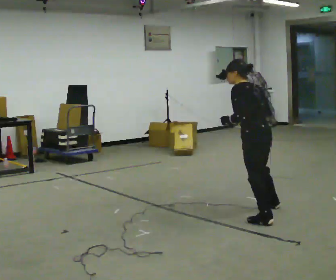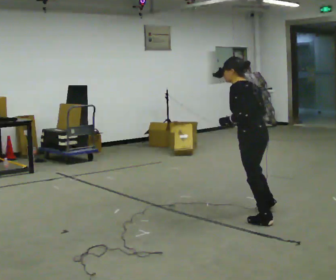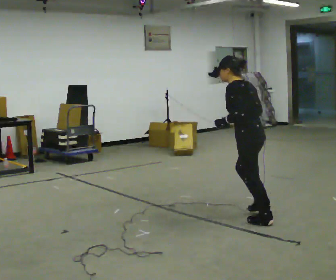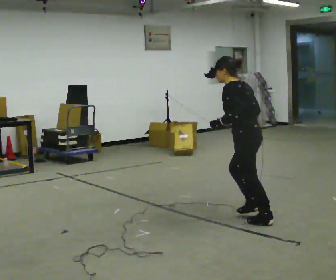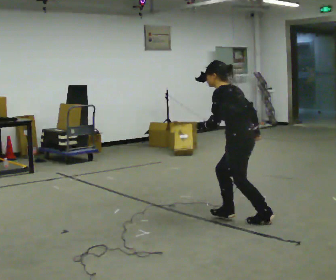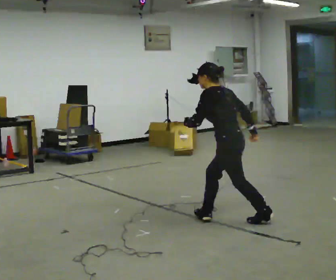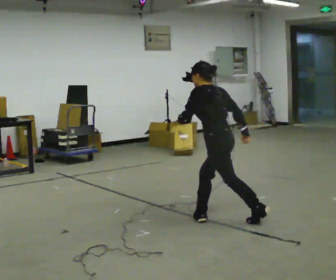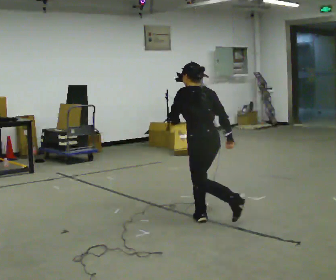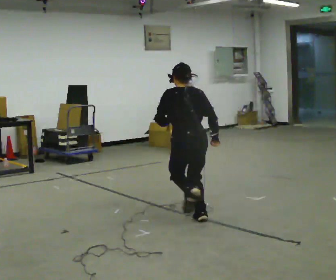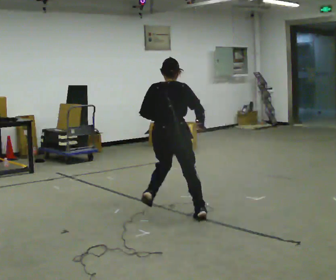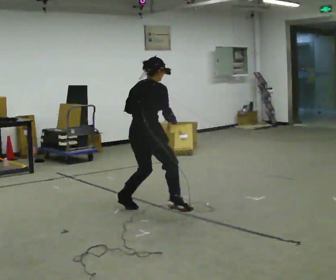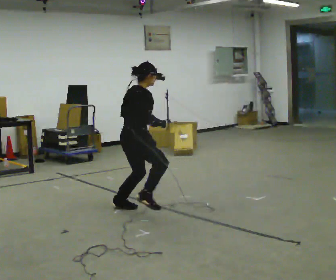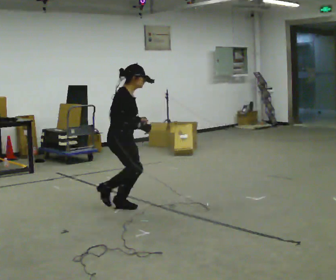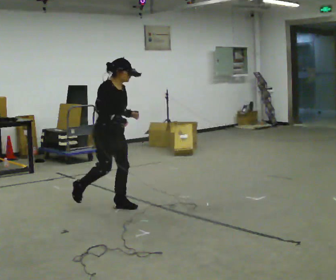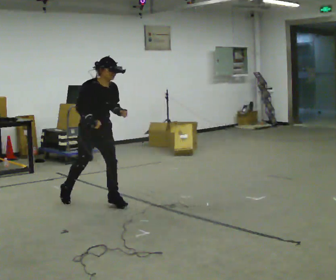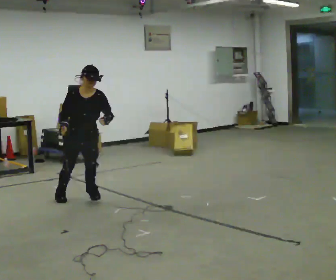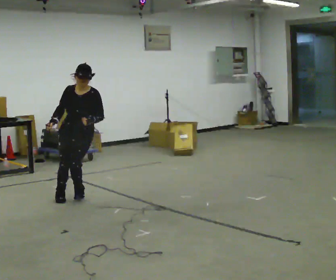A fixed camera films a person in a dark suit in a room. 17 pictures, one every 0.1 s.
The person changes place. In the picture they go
to the left.
The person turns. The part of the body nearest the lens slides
to the left.
0.0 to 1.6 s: The person turns about 240 degrees to their right, clockwise seen from above, so the part of the body nearest the lens slides to the left. In the picture they go to the left and away from the camera, about 2 m in 3 steps.
The film runs forward here.
